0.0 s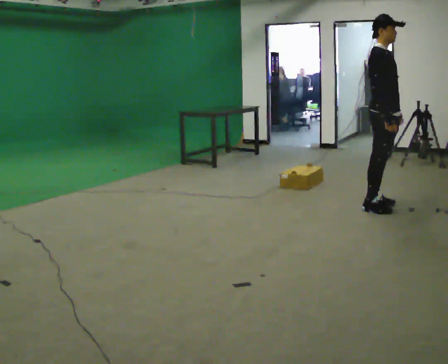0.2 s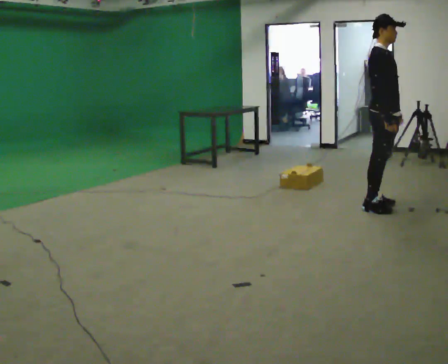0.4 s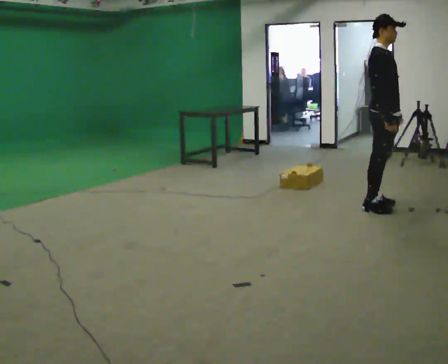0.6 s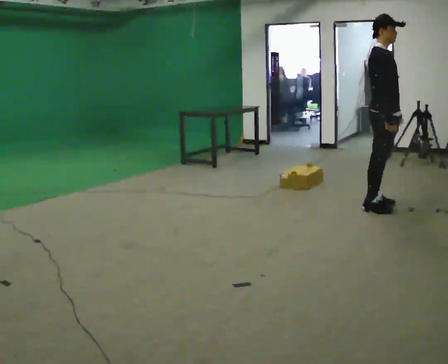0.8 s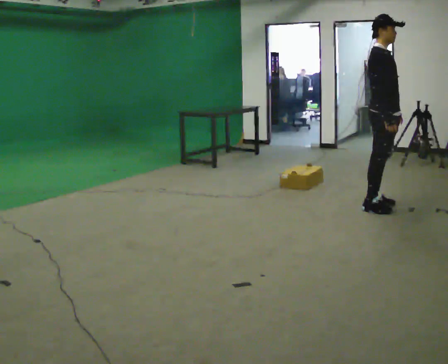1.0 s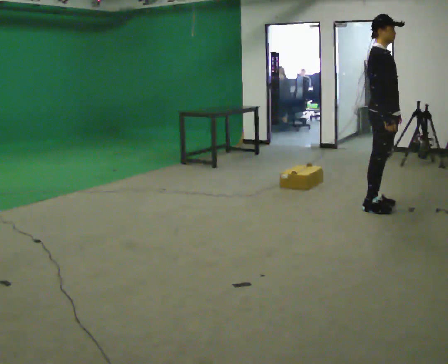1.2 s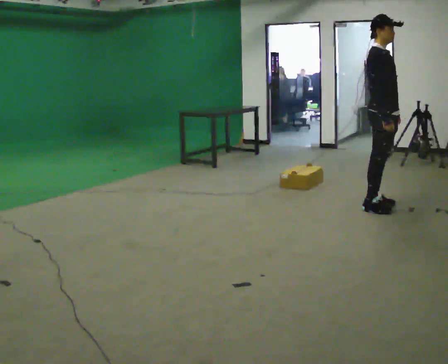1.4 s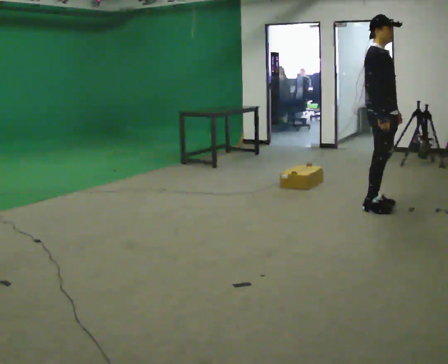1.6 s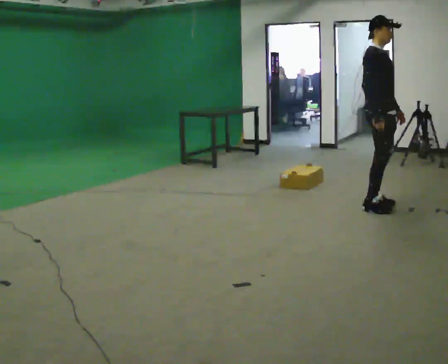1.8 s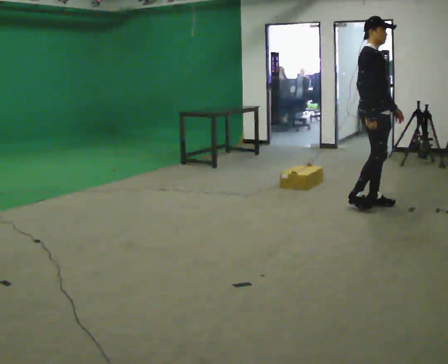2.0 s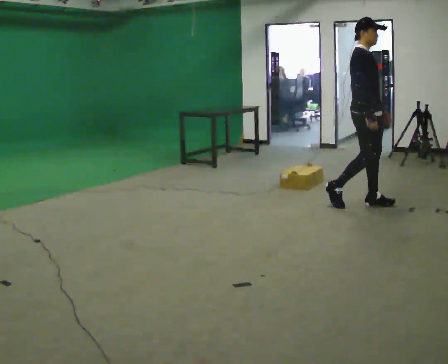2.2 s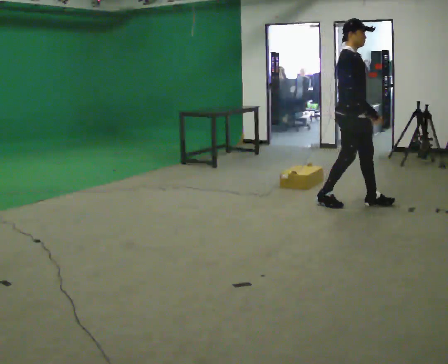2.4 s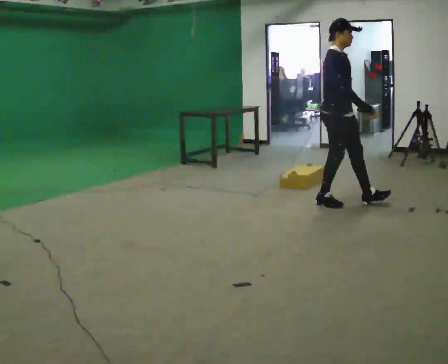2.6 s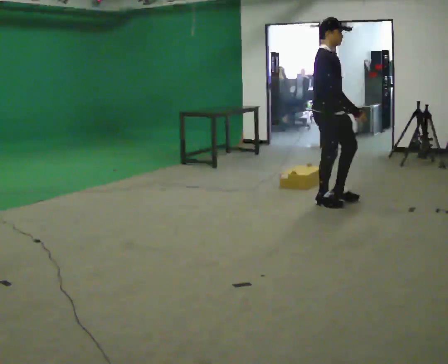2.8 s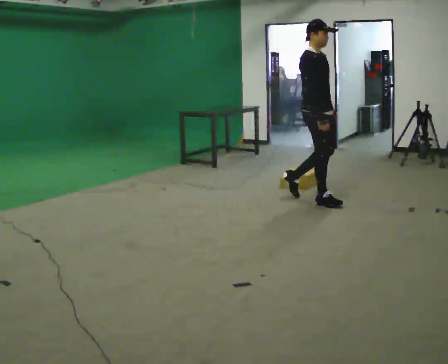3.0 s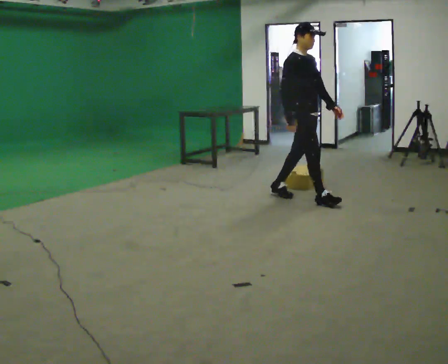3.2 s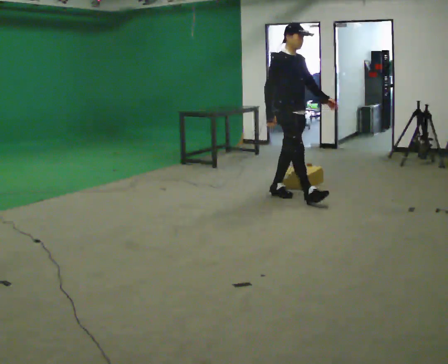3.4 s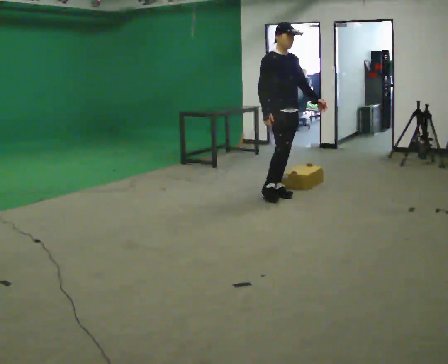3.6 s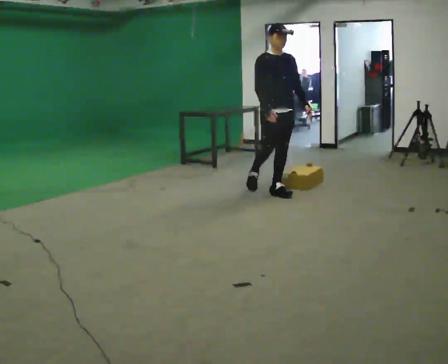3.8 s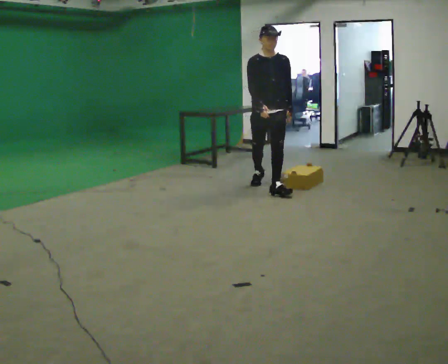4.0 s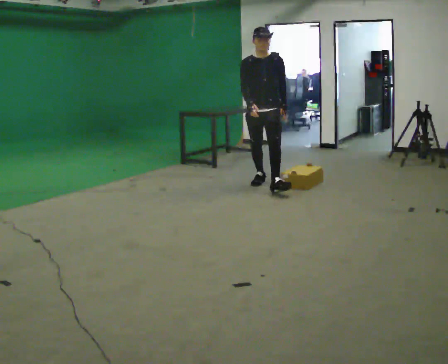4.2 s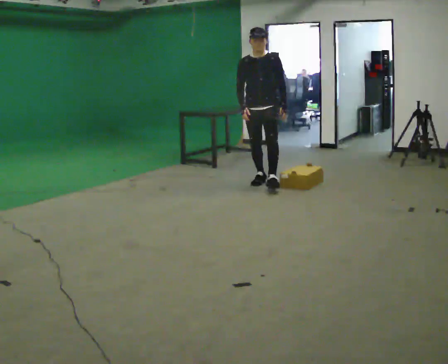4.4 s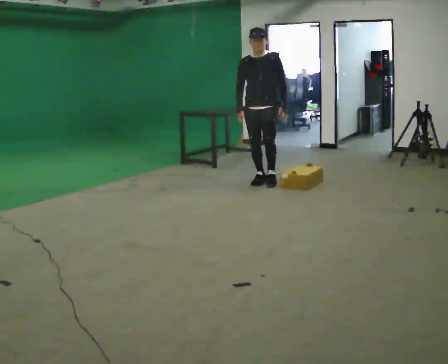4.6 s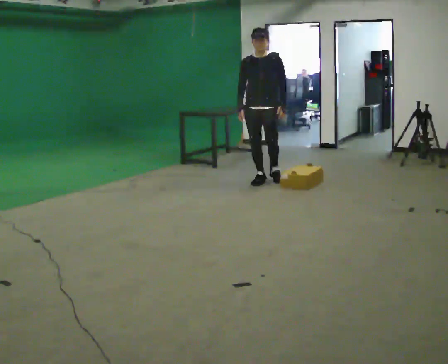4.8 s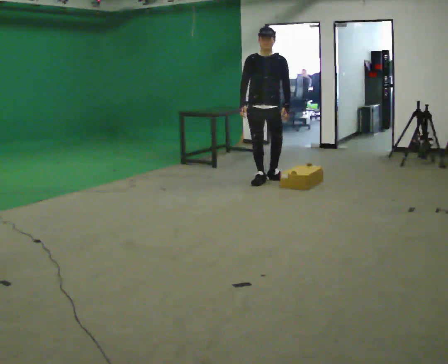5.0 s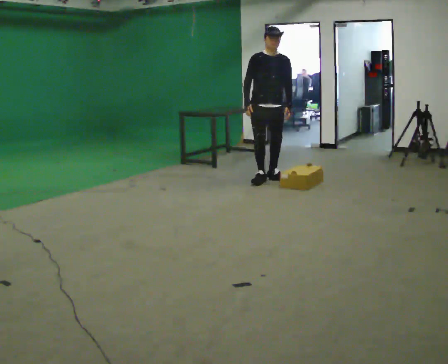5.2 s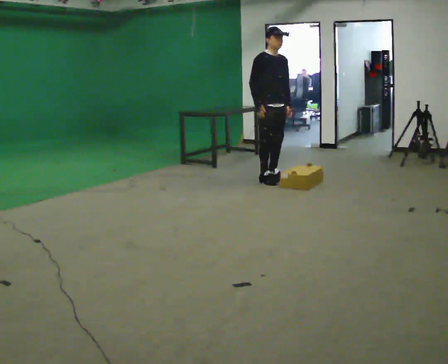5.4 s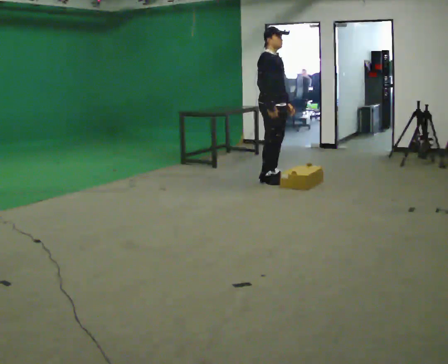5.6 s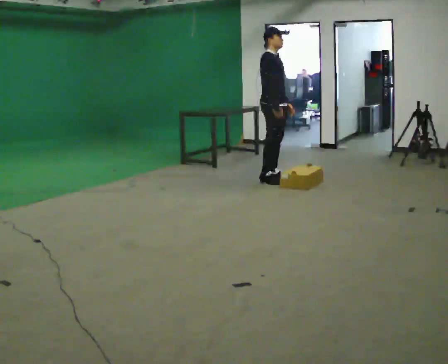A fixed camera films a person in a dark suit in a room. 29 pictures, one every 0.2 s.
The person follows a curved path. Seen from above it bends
clockwise.
0.0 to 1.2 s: The person keeps their place and pose.
1.2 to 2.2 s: In the picture they go to the left, about 0.25 m in 1 step, which for them is backward.
2.2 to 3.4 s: In the picture they go to the left and away from the camera, about 1 m in 2 steps, which for them is backward.
3.4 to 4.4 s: The part of the body nearest the lens slides to the left as the person turns to their right by about 60 degrees. In the picture they go away from the camera and to the left, about 0.5 m in 1 step, which for them is backward.
4.4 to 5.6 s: Seen from above the body turns counterclockwise, about 75 degrees: to their left, with its near side sliding to the right. In the picture their right hand goes to the right.
The film runs backward here.
